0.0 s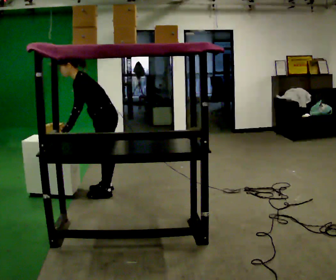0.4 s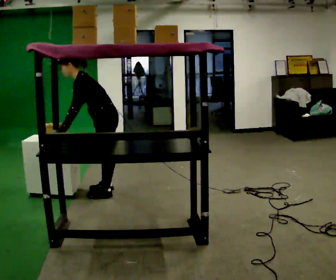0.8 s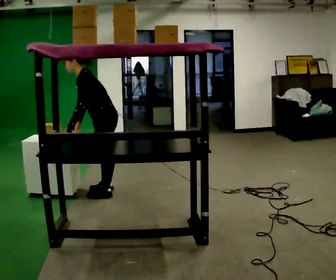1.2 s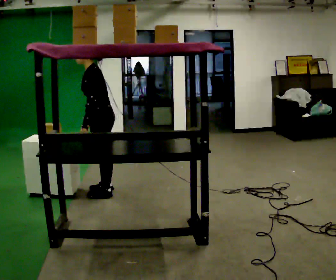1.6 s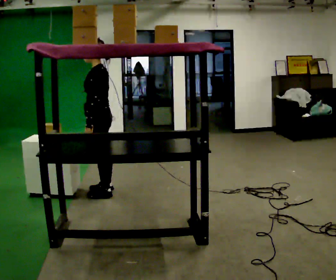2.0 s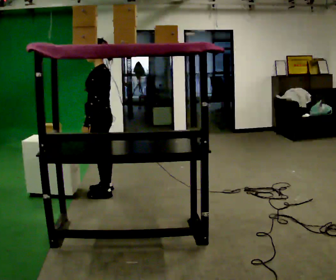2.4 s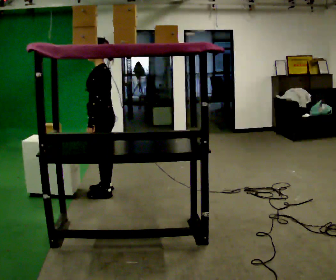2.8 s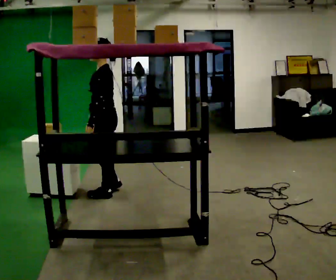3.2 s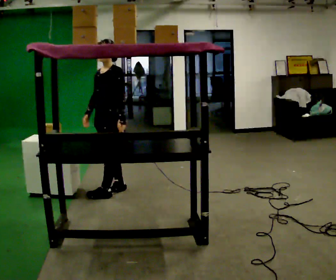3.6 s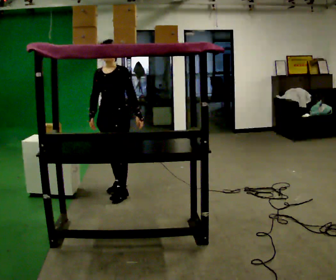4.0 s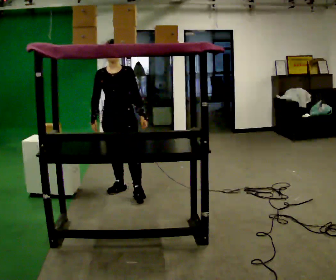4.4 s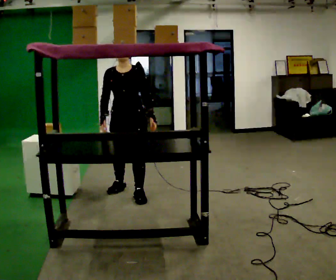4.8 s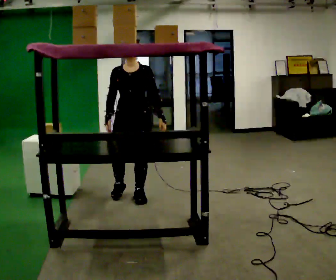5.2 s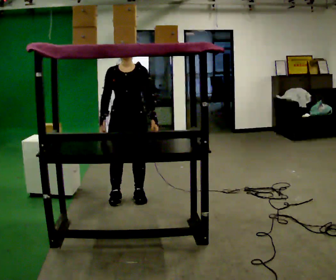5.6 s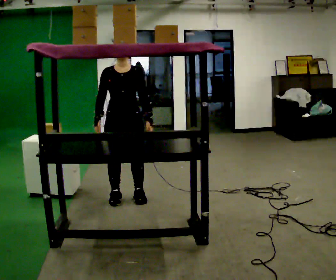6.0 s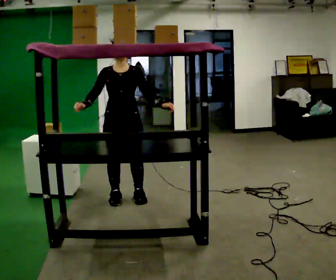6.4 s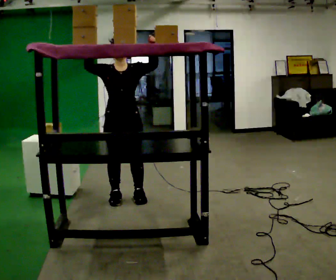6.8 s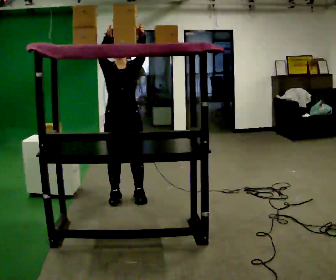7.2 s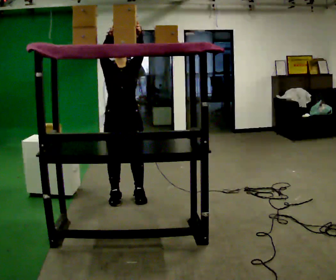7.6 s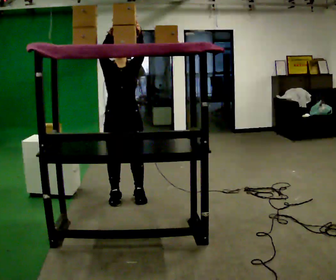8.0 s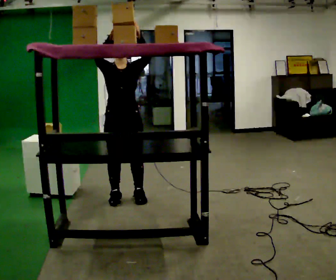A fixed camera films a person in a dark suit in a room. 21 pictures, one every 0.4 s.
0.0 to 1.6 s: In the picture the upper body tilts clockwise, shoulders to the right, as they lean back or straighten.
1.6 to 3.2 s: The person turns about 45 degrees to their left, counterclockwise seen from above, so the part of the body nearest the lens slides to the right.
3.2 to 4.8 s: Seen from above the body turns counterclockwise, about 45 degrees: to their left, with its near side sliding to the right. In the picture they go toward the camera and to the right, about 0.25 m in 1 step, which for them is to their left and forward.
4.8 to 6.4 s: In the picture their right hand goes upward, the arm swinging clockwise.
6.4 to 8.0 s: The person moves a little, or ends about where they began.
The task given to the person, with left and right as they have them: Take an object from the waist-height shelf and place it on the highest shelf you can comfortably reach. Repeat at your own pace until the operator says stop. Keep both feet on the marked spots for the whole take. If you have to step, stop and tell the operator.
The film runs forward here.
